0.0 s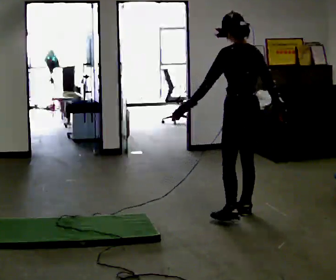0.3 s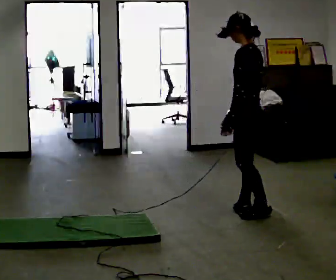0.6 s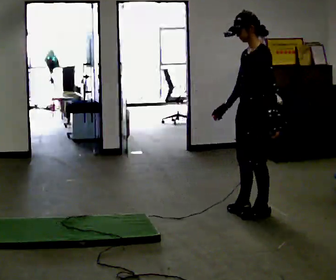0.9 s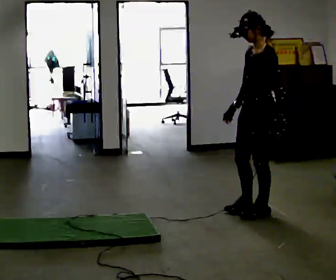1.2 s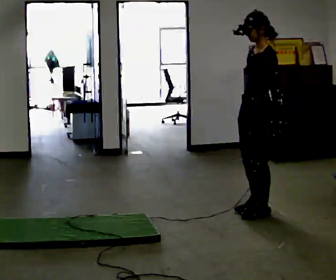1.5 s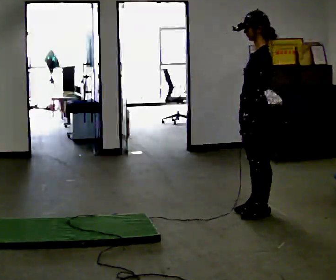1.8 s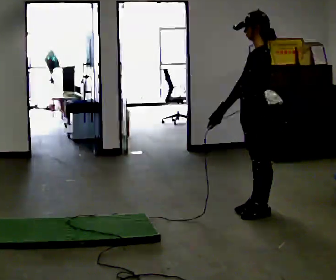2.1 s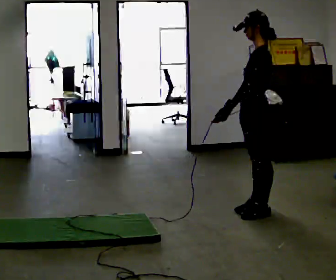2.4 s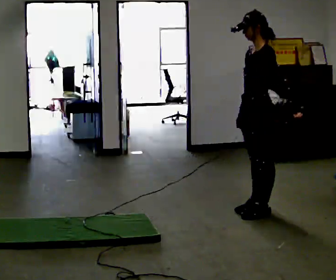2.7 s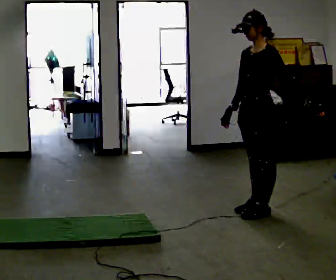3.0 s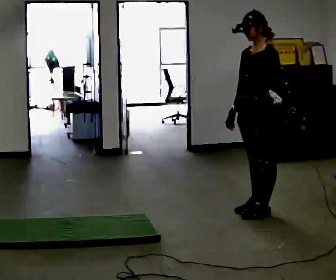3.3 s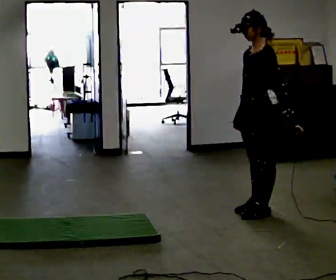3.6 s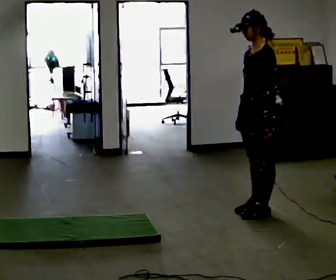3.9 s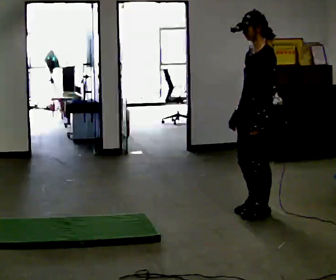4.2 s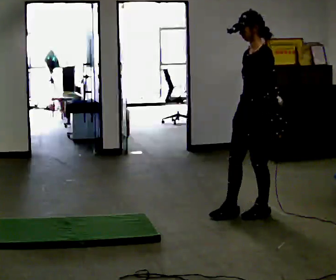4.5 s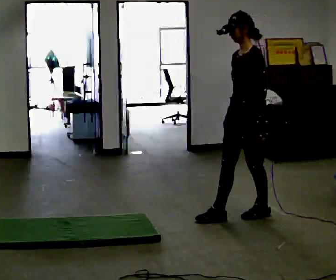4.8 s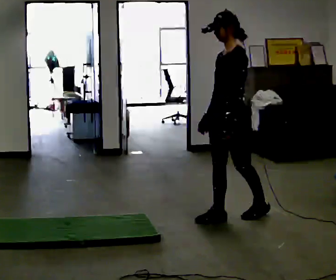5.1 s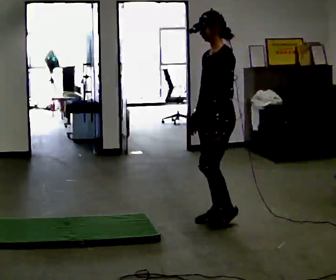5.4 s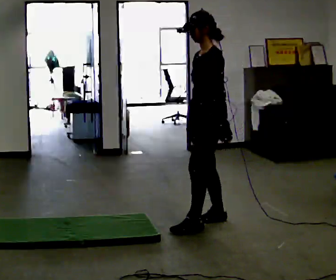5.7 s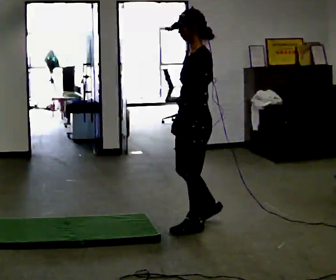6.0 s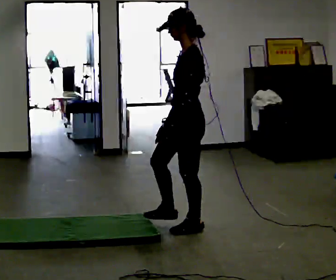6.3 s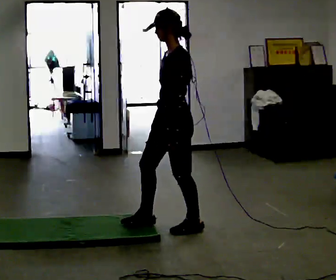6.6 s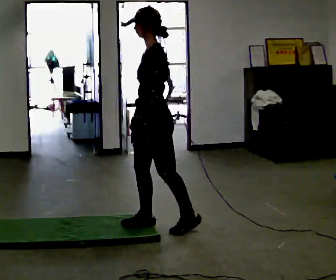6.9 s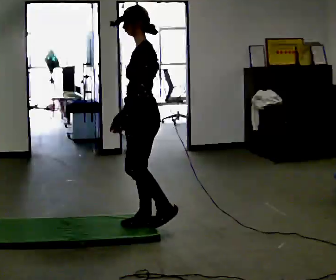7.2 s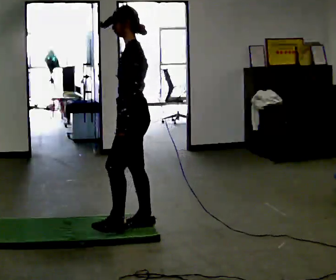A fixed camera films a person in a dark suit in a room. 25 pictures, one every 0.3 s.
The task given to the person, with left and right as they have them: Walk across the floor at a normal pace. It may be more slippery in places. Recover however comes naturally.
0.0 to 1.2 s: The person turns about 75 degrees to their left, counterclockwise seen from above, so the part of the body nearest the lens slides to the right. In the picture their left hand goes to the right, the arm swinging counterclockwise.
1.2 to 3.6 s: The person moves a little, or ends about where they began.
3.6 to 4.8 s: In the picture they go to the left, about 0.25 m in 1 step, which for them is forward.
4.8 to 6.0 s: In the picture they go to the left and toward the camera, about 0.5 m in 1 step, which for them is forward and to their left.
6.0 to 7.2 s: In the picture they go to the left, about 0.5 m in 1 step, which for them is forward.
The film runs forward here.
